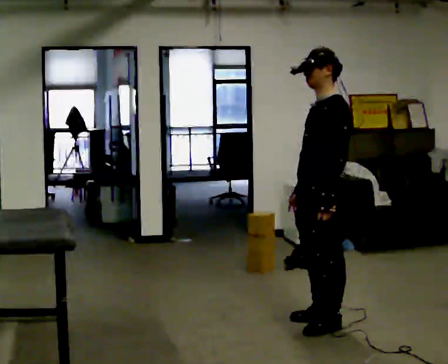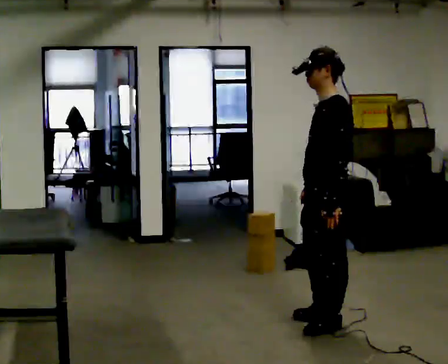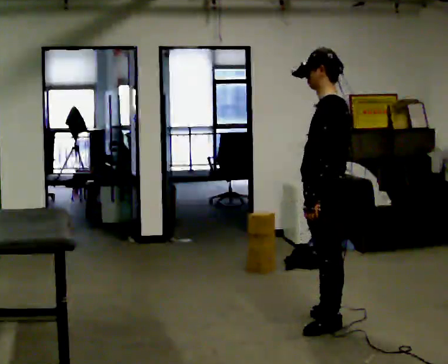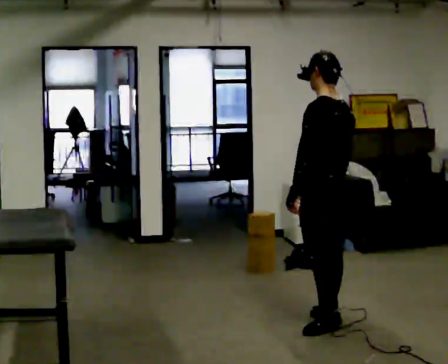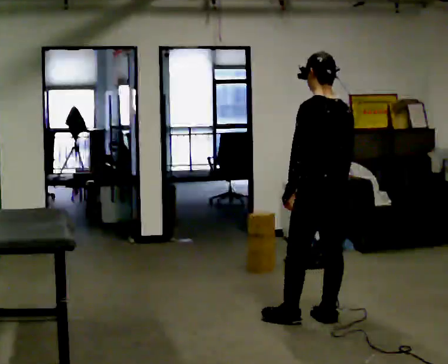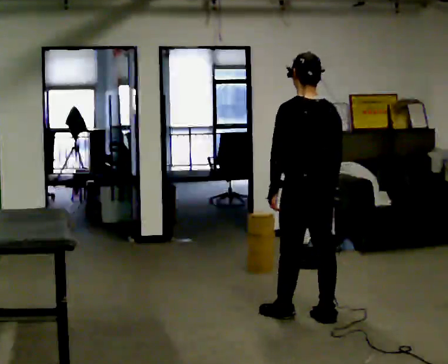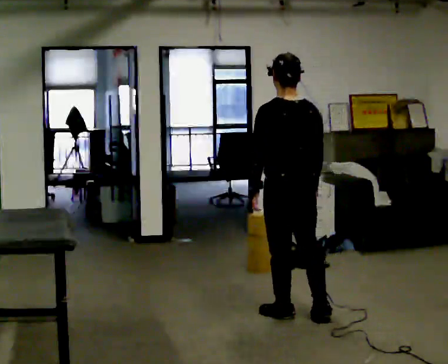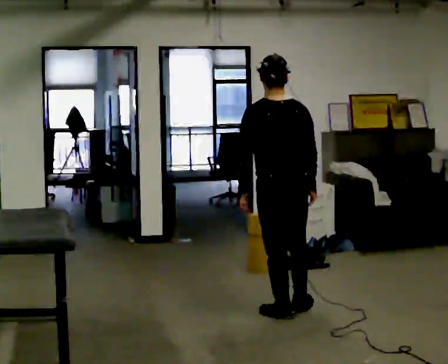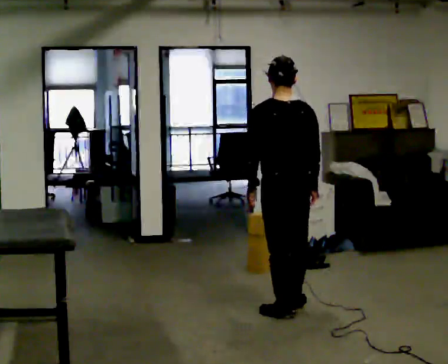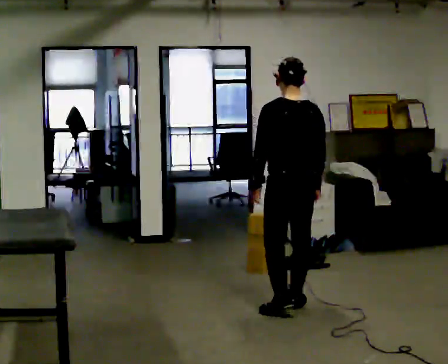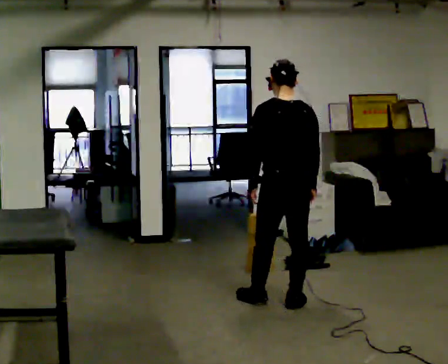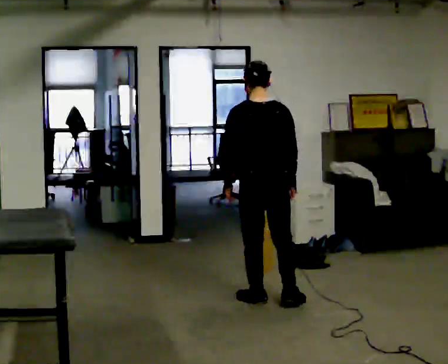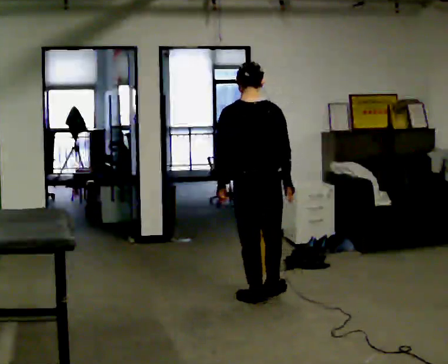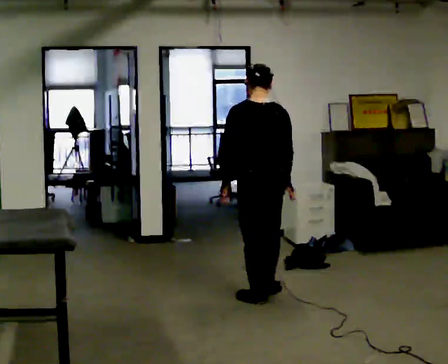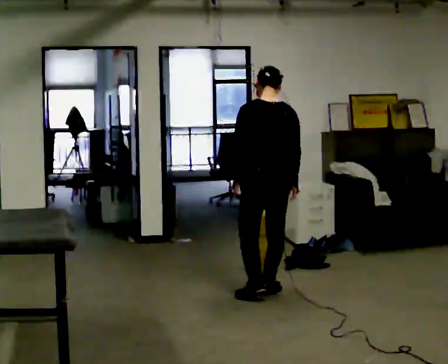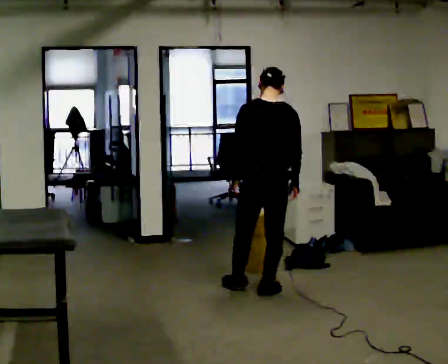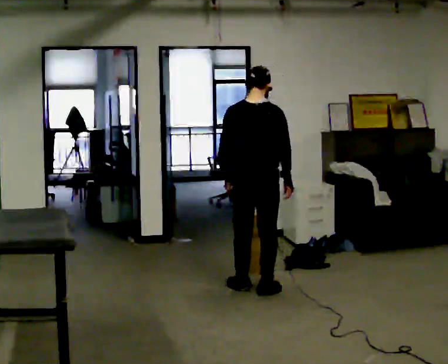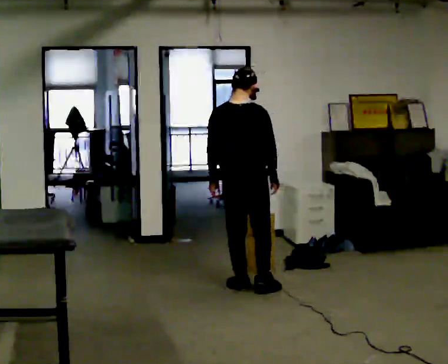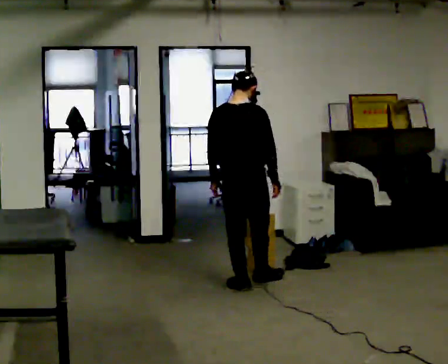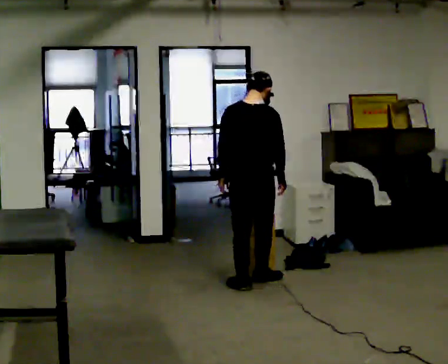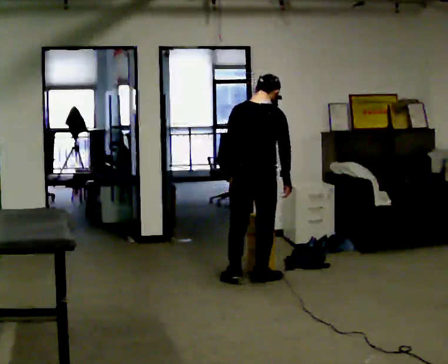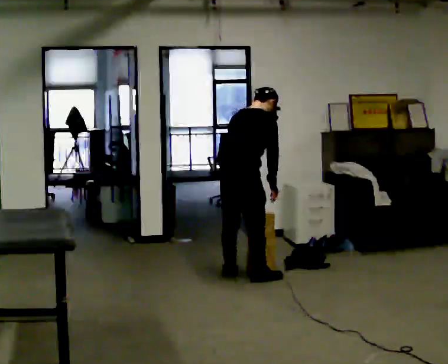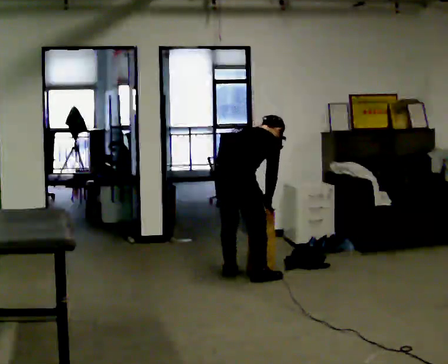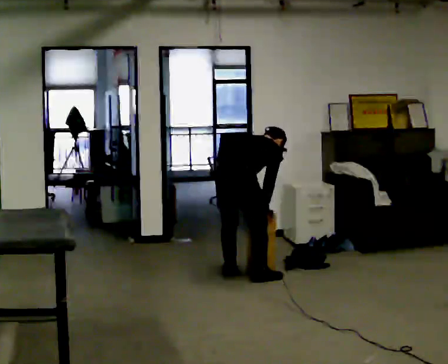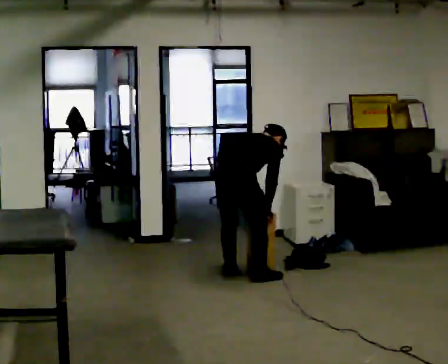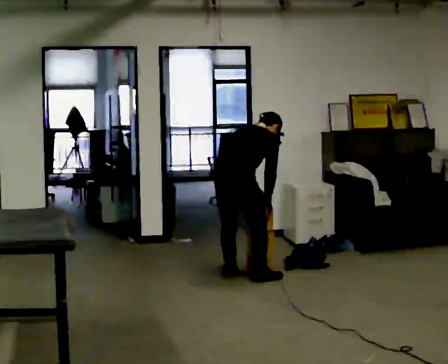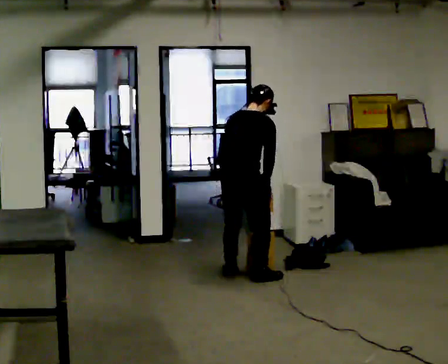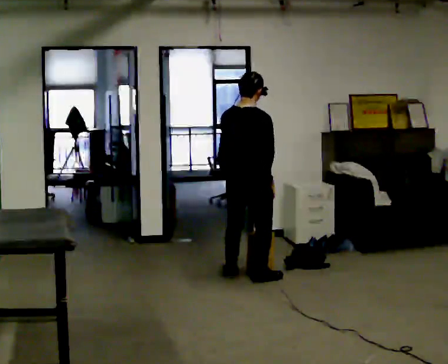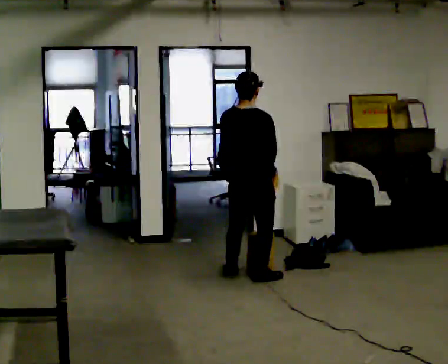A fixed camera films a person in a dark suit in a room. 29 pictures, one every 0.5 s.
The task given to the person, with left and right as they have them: Pick an object up off the floor at one end of the room, carry it across, and place it on the waist-height shelf at the other end. Keep going until the operator says stop; one object at a time, and do not rush between trips.
0.0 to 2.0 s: The part of the body nearest the lens slides to the left as the person turns to their right by about 60 degrees. In the picture they go away from the camera, about 0.25 m.
2.0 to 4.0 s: The part of the body nearest the lens slides to the left as the person turns to their right by about 30 degrees. In the picture they go to the left and away from the camera, about 0.25 m in 2 steps, which for them is forward.
4.0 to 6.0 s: In the picture they go away from the camera and to the left, about 0.25 m in 1 step, which for them is forward.
6.0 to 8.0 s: In the picture they go away from the camera, about 0.25 m in 2 steps, which for them is forward.
8.0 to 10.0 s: In the picture they go away from the camera, about 0.25 m in 1 step, which for them is forward.
10.0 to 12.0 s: In the picture they go to the left, about 0.25 m in 1 step, which for them is to their left. The upper body goes downward. The upper body tips away from the camera, its near side rolling upward, as they bend forward.
12.0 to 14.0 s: The upper body goes upward. The upper body tips toward the camera, its near side rolling downward, as they lean back or straighten. In the picture their right hand goes upward.
The film runs forward here.
